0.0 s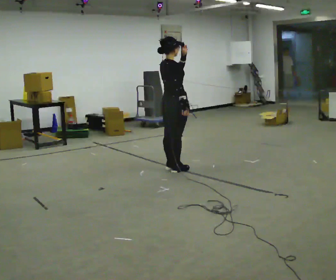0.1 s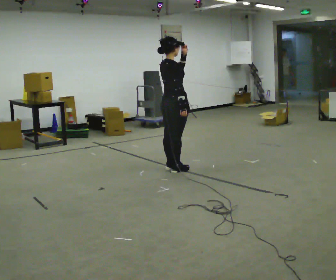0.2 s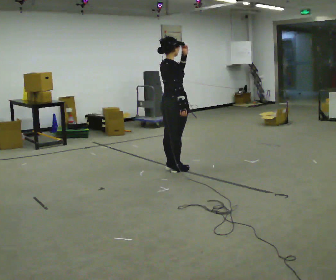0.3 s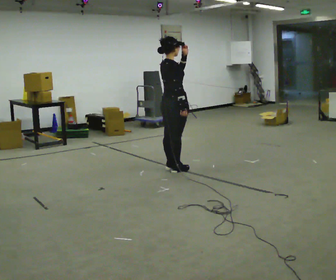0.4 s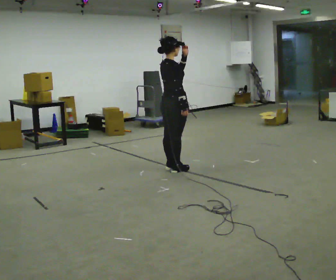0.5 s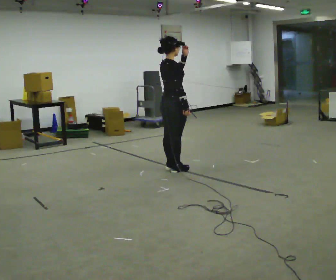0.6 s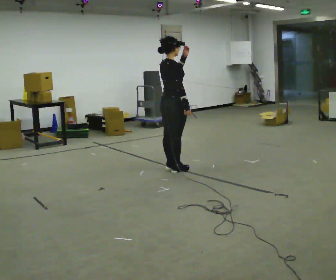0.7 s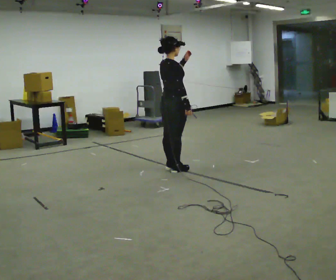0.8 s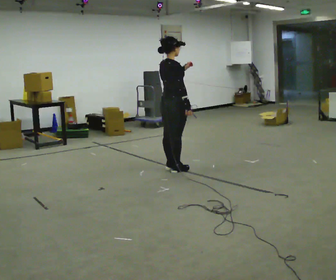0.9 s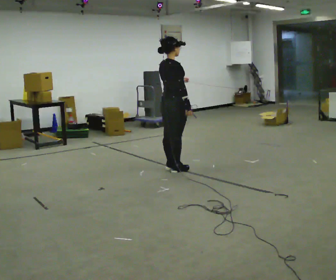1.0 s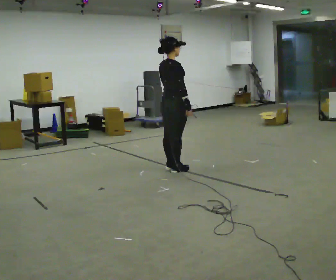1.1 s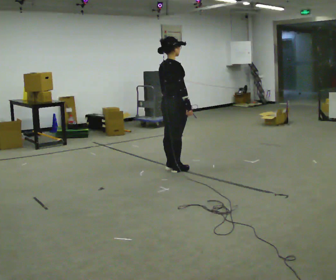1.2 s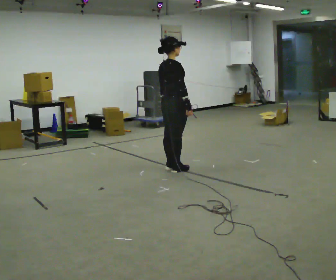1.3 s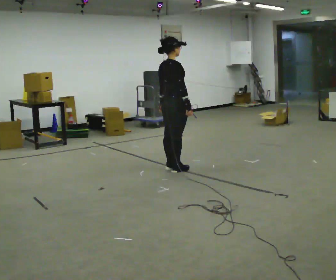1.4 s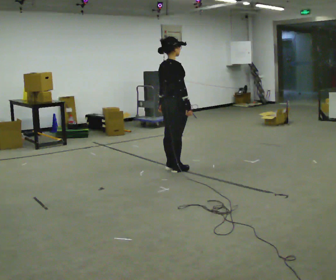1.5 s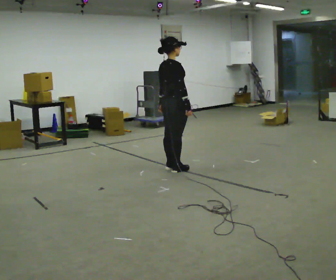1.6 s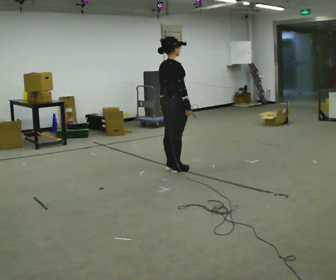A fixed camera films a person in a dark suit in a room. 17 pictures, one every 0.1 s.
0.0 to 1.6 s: In the picture their left hand goes downward.
The film runs backward here.
